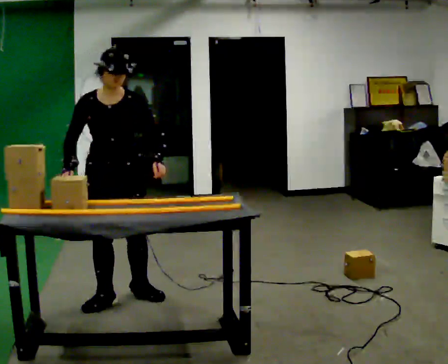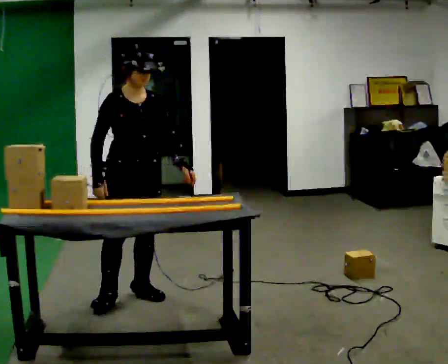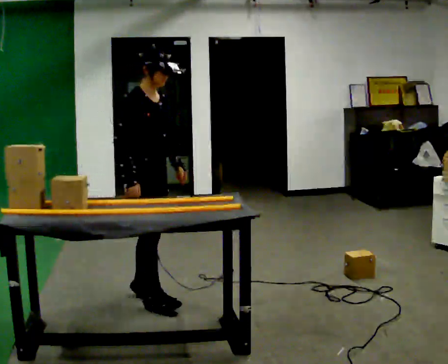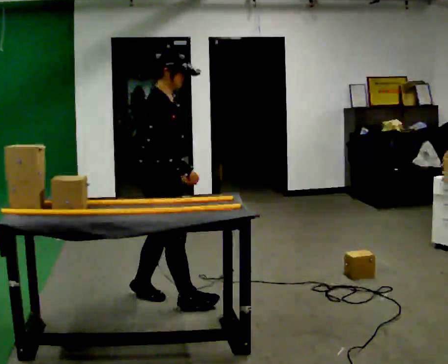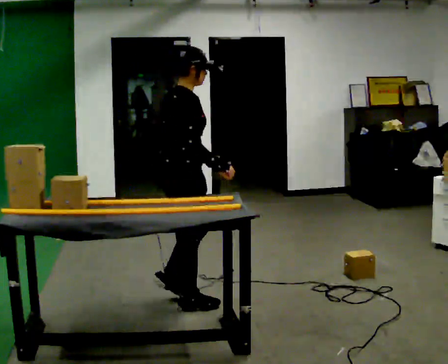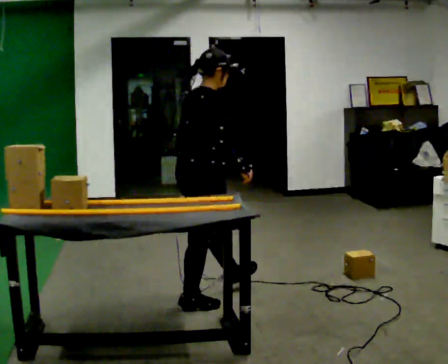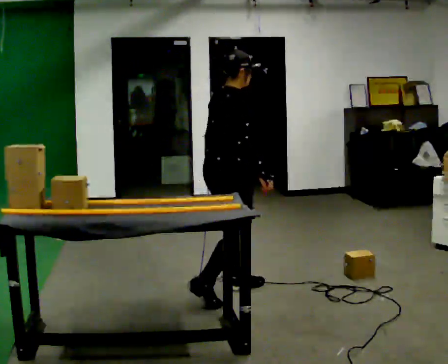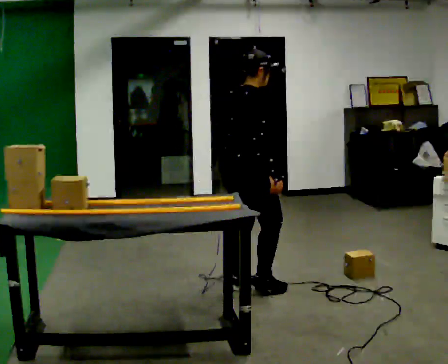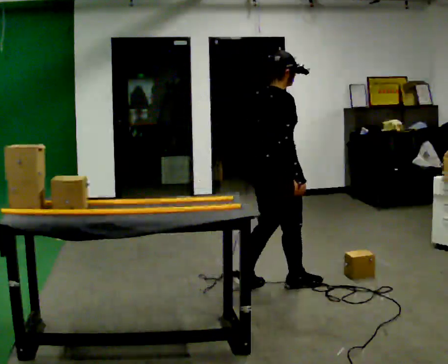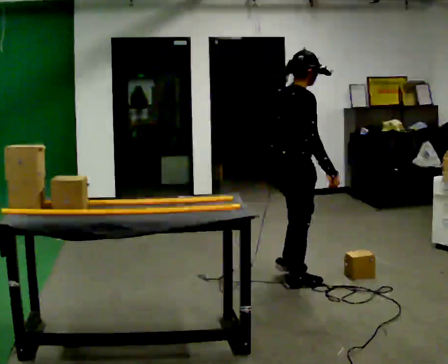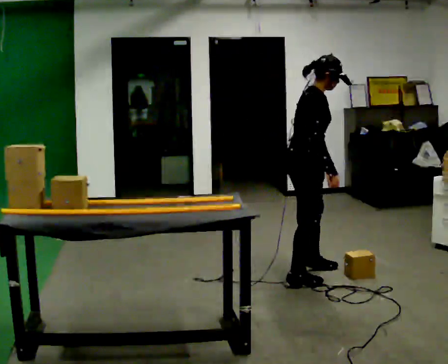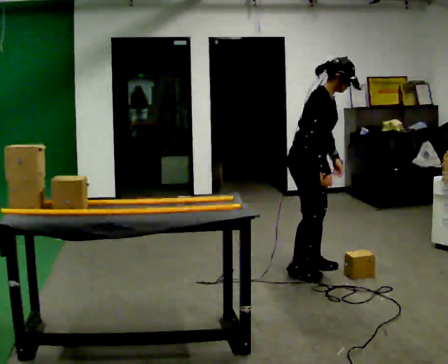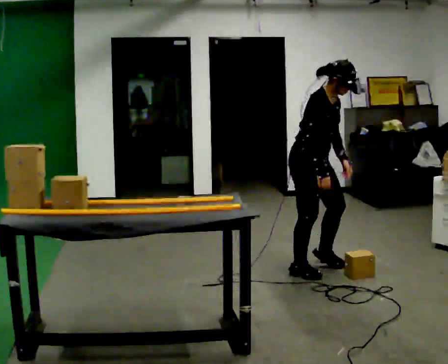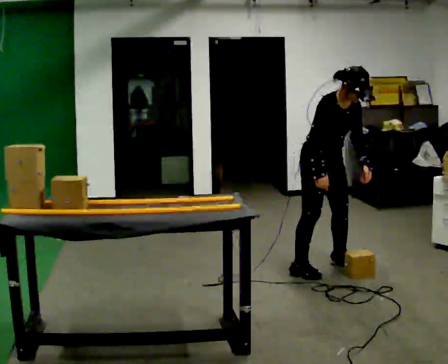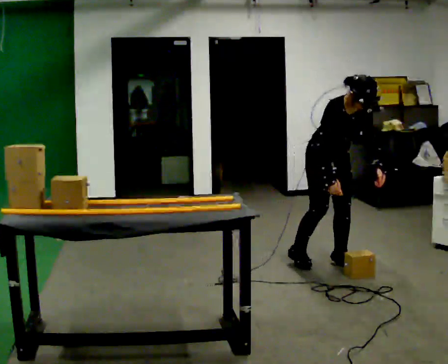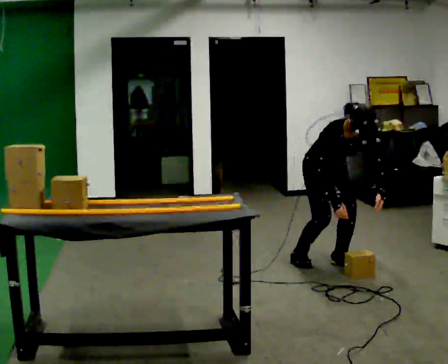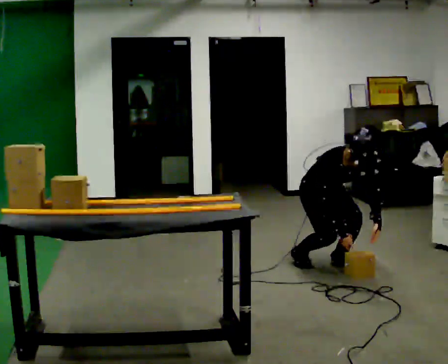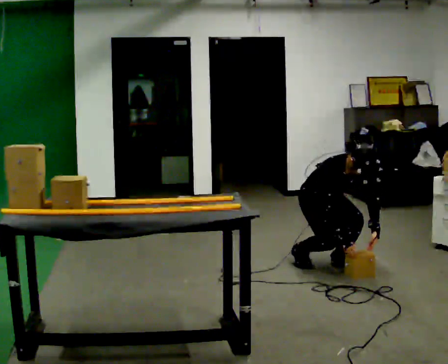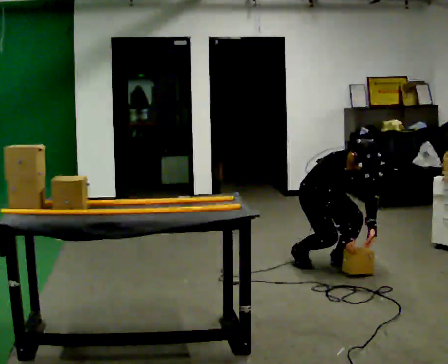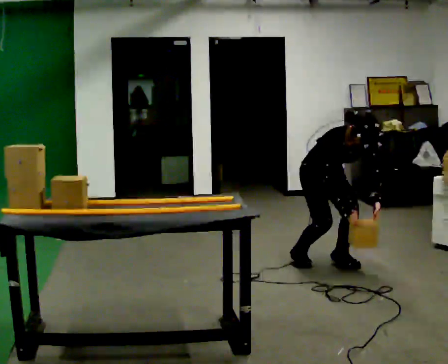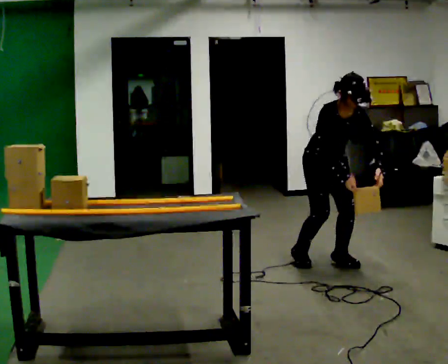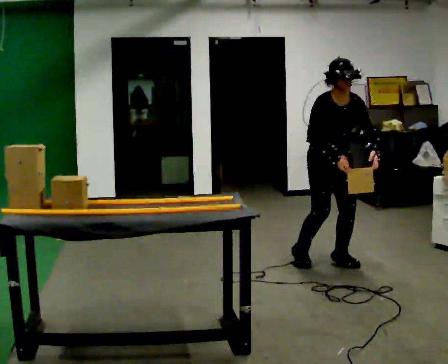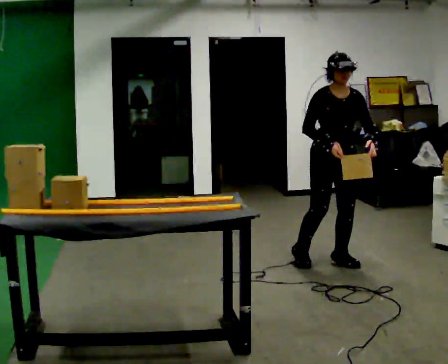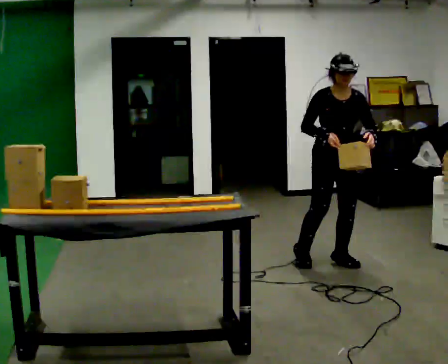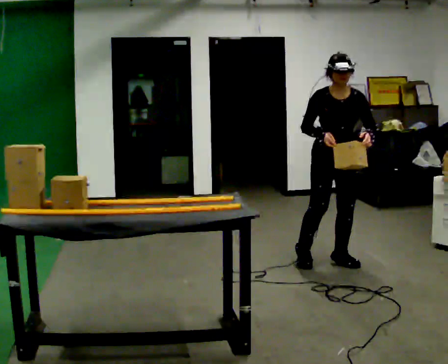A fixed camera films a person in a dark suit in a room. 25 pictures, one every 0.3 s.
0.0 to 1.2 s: The part of the body nearest the lens slides to the right as the person turns to their left by about 105 degrees. In the picture they go to the right, about 0.5 m in 1 step.
1.2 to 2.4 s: In the picture they go to the right and away from the camera, about 0.75 m in 2 steps, which for them is forward.
2.4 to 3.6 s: The person turns about 60 degrees to their right, clockwise seen from above, so the part of the body nearest the lens slides to the left. In the picture they go away from the camera and to the right, about 0.5 m in 2 steps, which for them is to their left and forward. In the picture the upper body tilts clockwise, shoulders to the right, as they bend forward.
3.6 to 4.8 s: Seen from above the body turns clockwise, about 30 degrees: to their right, with its near side sliding to the left. In the picture they go away from the camera, about 0.25 m in 2 steps, which for them is to their left and backward. The upper body goes downward. The upper body tips toward the camera, its near side rolling downward, as they bend forward. In the picture their left hand goes downward.
4.8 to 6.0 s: The shoulders move upward. In the picture the upper body tilts counterclockwise, shoulders to the left, as they lean back or straighten. In the picture their left hand goes upward.
6.0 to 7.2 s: The upper body tips away from the camera, its near side rolling upward, as they lean back or straighten.
The film runs forward here.
